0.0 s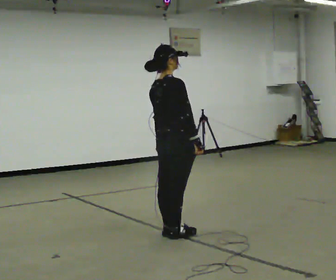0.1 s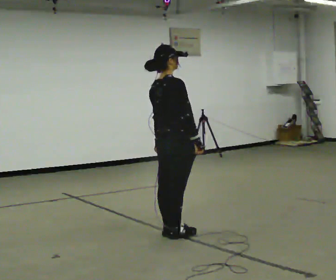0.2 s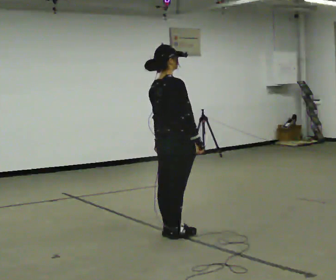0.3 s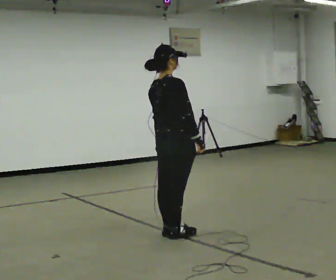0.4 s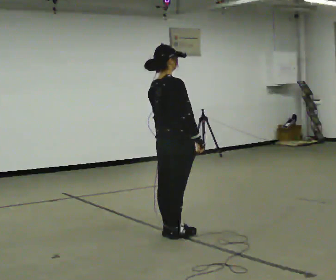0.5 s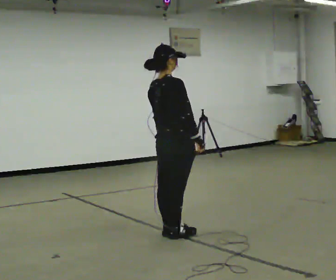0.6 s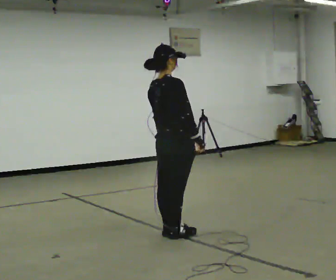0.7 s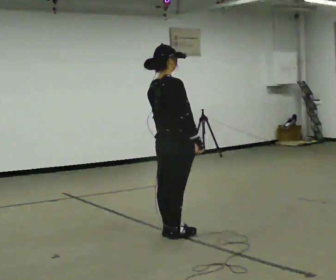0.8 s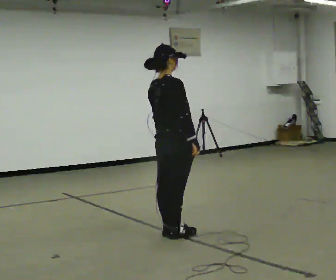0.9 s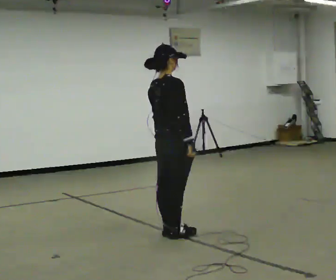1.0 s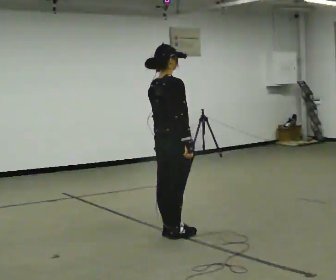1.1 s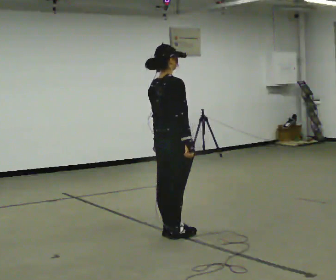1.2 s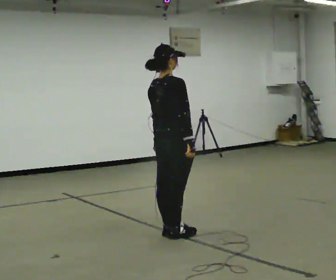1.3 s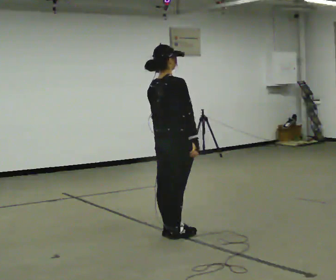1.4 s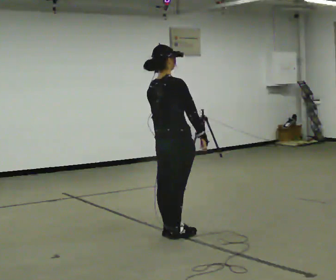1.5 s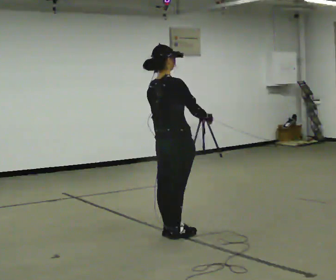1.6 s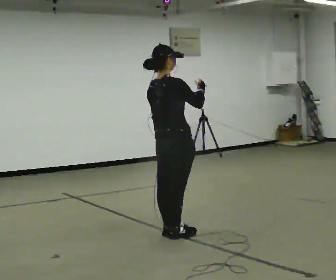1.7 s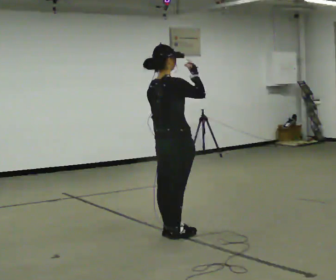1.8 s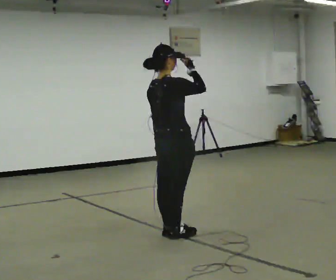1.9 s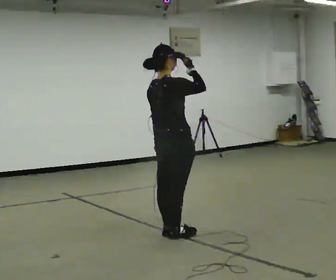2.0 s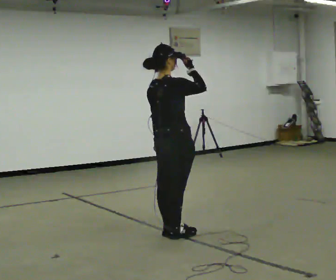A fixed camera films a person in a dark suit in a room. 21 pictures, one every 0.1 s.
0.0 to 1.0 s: The person moves a little, or ends about where they began.
1.0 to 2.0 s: In the picture their right hand goes upward.
The film runs backward here.
